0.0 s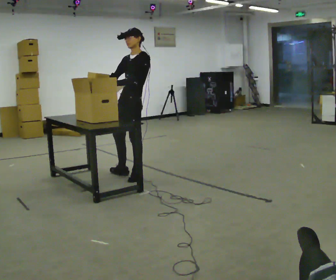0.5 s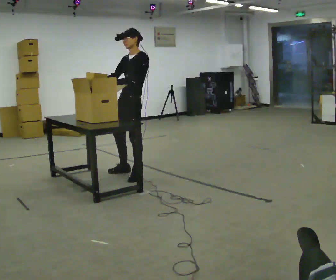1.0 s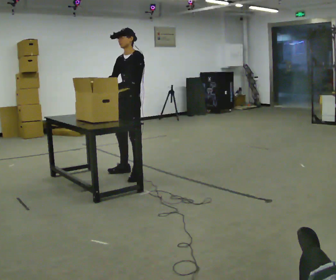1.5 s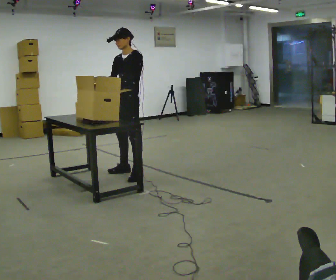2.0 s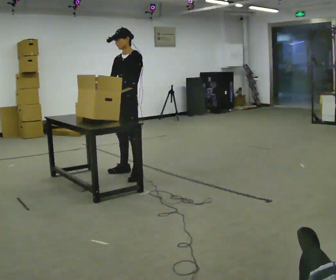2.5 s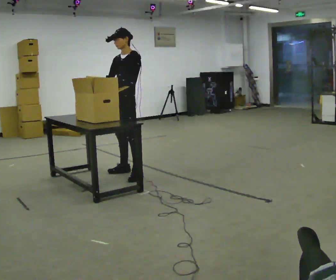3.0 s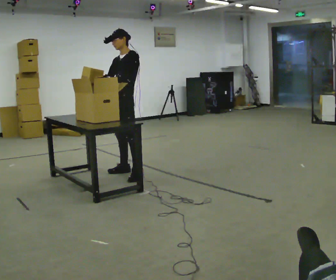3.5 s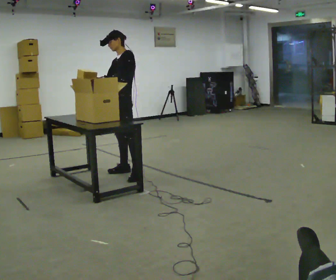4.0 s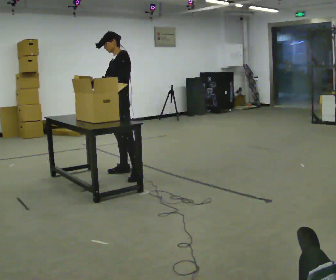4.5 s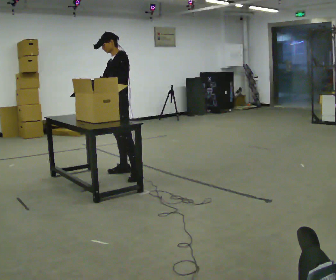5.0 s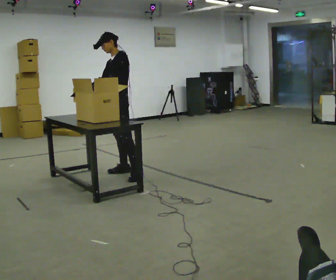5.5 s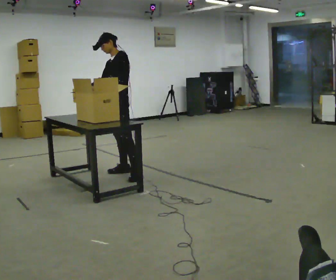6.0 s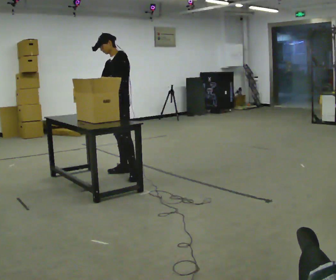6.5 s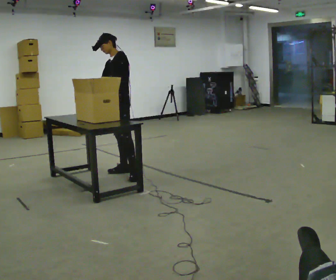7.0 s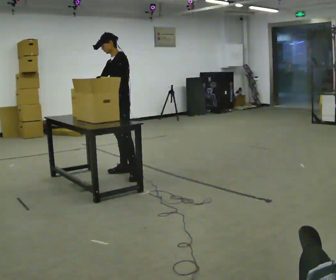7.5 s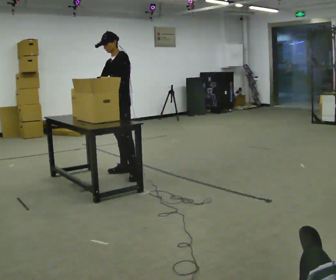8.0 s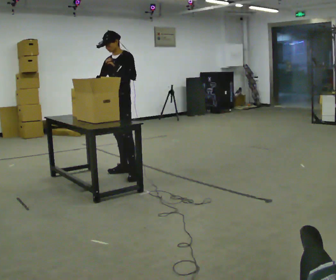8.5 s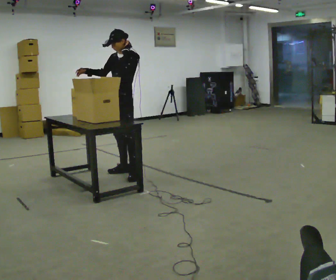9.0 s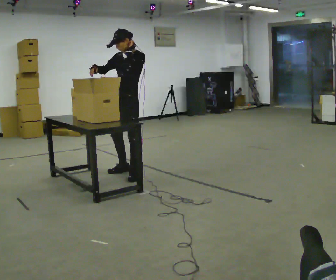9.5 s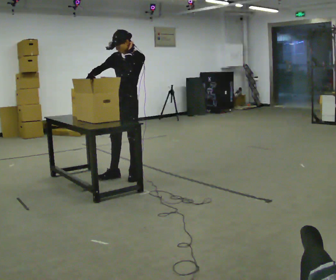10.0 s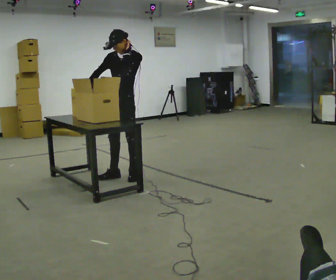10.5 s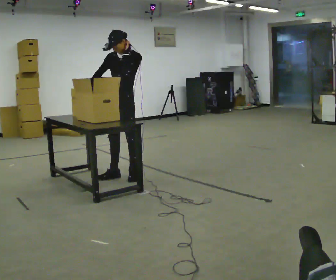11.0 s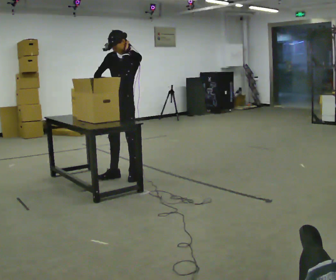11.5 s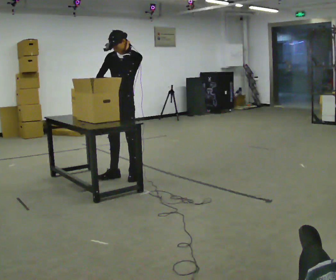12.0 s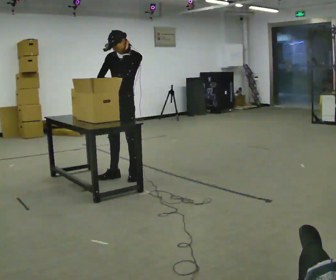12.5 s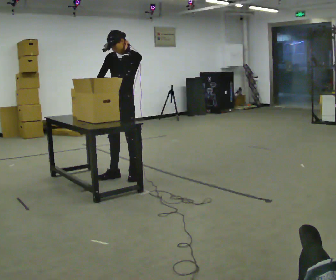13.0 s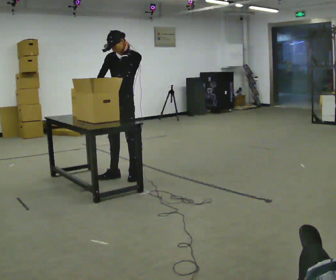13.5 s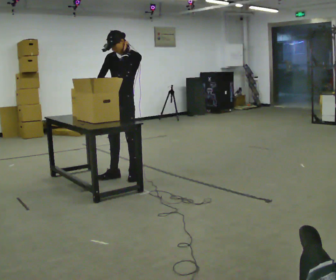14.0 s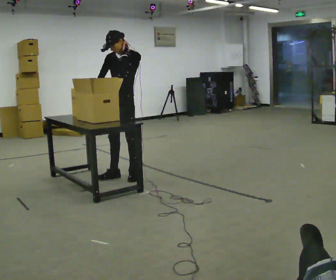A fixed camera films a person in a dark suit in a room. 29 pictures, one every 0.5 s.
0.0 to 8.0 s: In the picture they go away from the camera, about 0.25 m, which for them is to their right.
8.0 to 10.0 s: In the picture they go toward the camera, about 0.25 m in 1 step, which for them is to their left.
10.0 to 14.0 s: The person moves a little, or ends about where they began.
The film runs forward here.
